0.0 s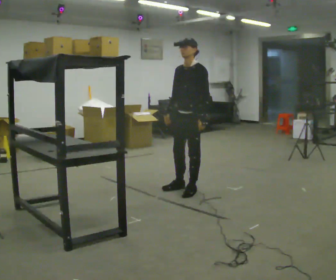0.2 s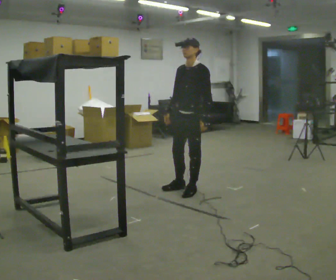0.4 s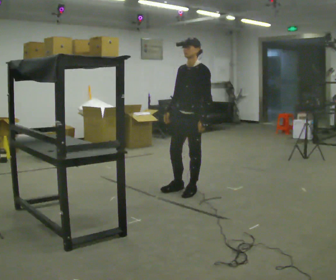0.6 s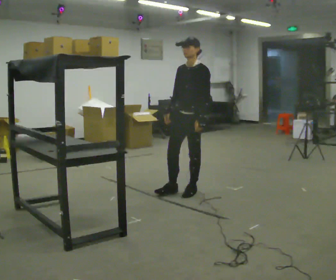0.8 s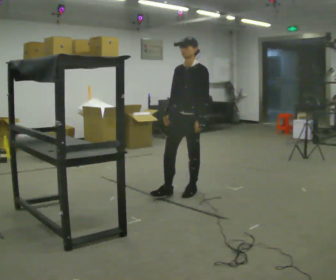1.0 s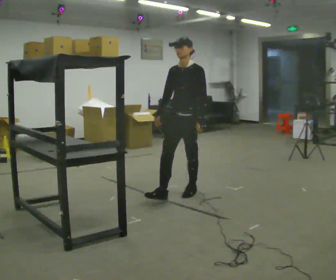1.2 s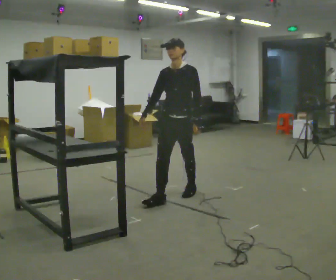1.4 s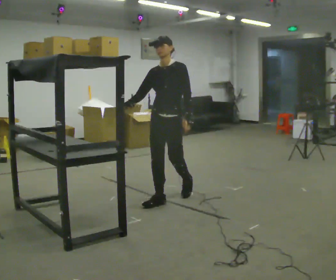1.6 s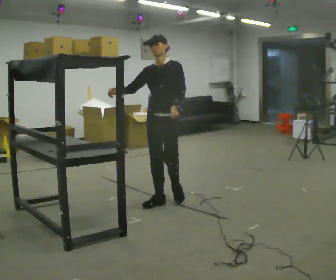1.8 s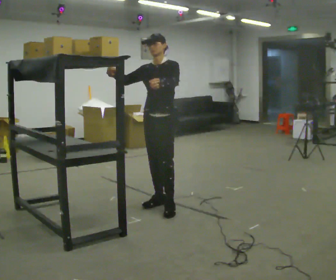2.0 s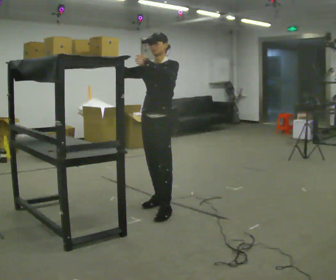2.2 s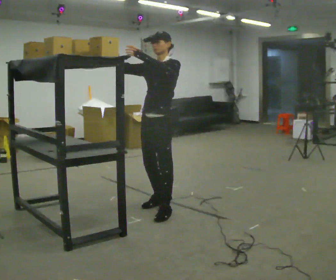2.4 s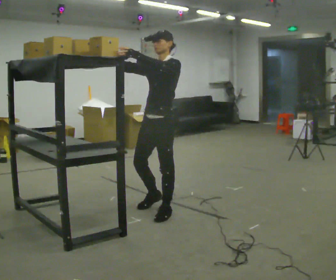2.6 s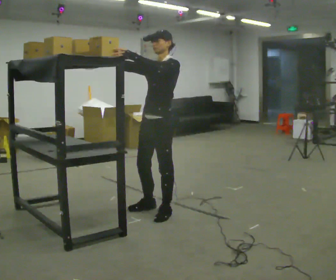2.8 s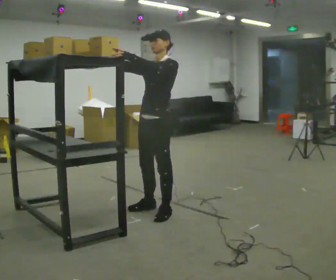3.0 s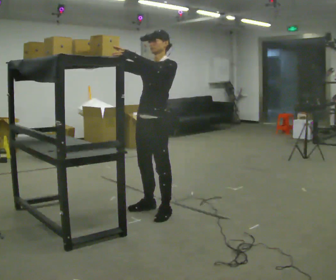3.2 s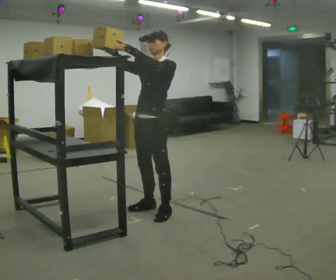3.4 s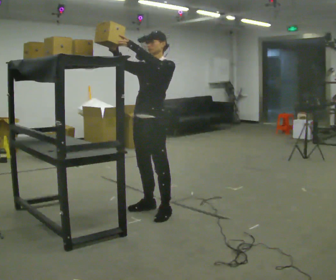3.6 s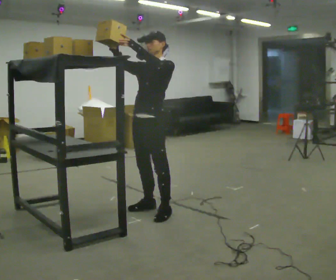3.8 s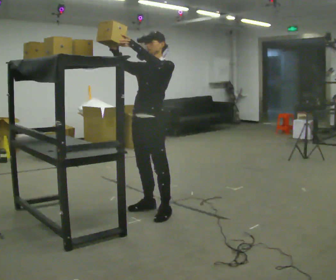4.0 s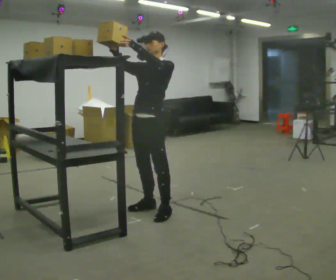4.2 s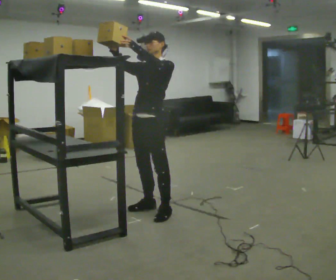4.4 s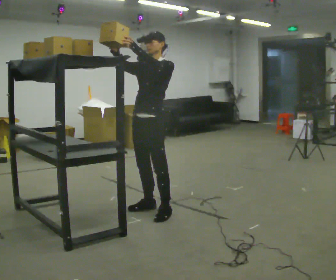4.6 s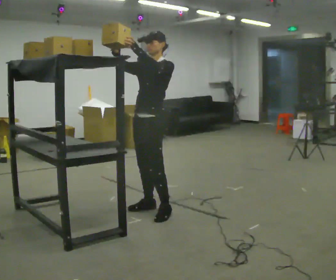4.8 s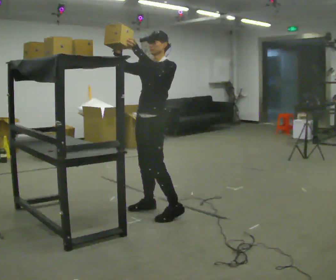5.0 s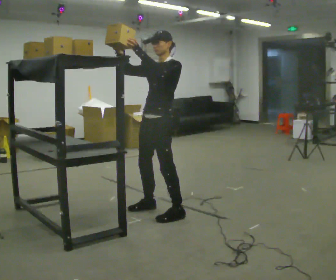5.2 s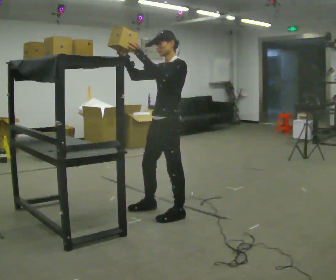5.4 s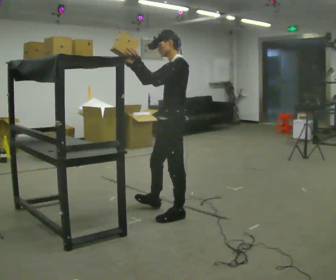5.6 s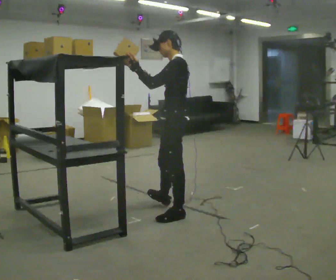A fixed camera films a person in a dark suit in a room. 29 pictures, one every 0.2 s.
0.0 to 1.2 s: In the picture they go toward the camera, about 0.25 m in 1 step, which for them is forward.
1.2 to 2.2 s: In the picture they go toward the camera and to the left, about 0.5 m in 1 step, which for them is forward. In the picture their left hand goes upward.
2.2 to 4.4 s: The person moves a little, or ends about where they began.
4.4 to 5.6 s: The part of the body nearest the lens slides to the left as the person turns to their right by about 60 degrees. In the picture they go to the right, about 0.25 m in 1 step, which for them is to their left.
The film runs forward here.
